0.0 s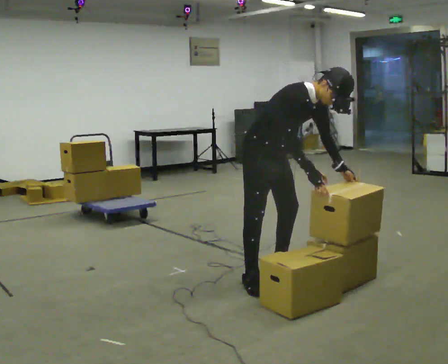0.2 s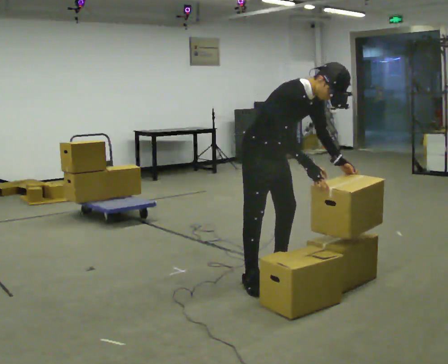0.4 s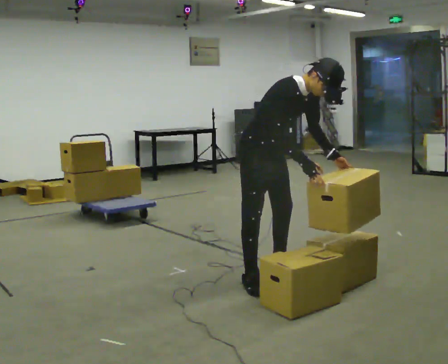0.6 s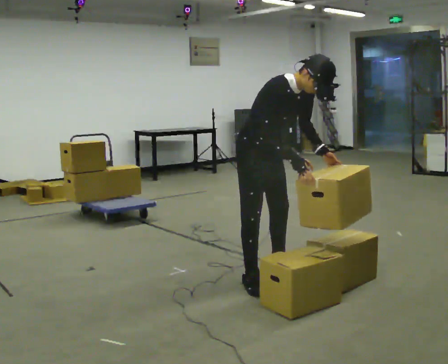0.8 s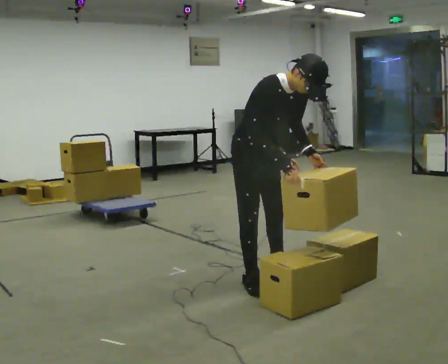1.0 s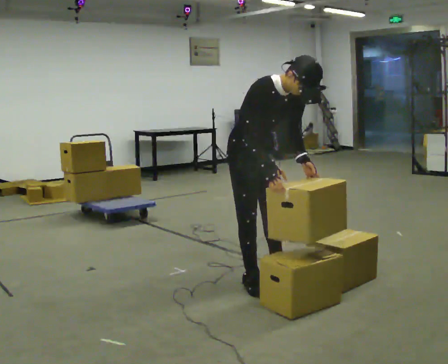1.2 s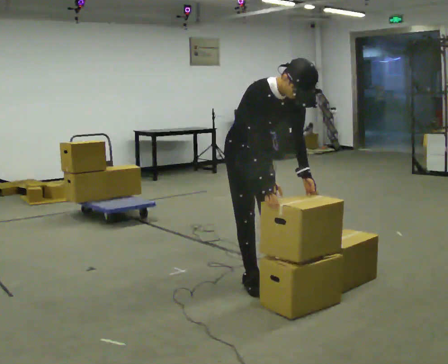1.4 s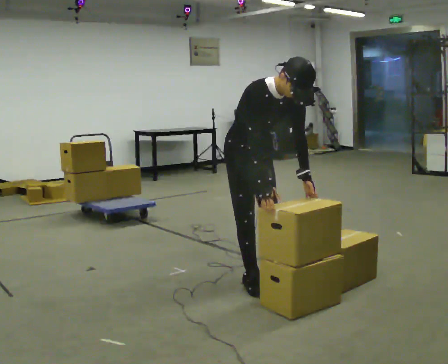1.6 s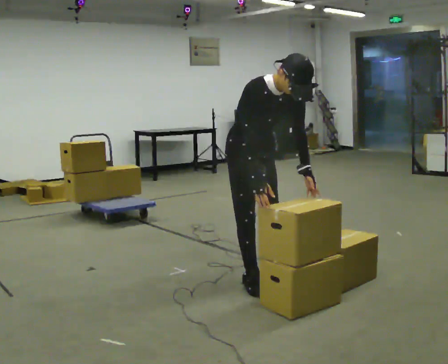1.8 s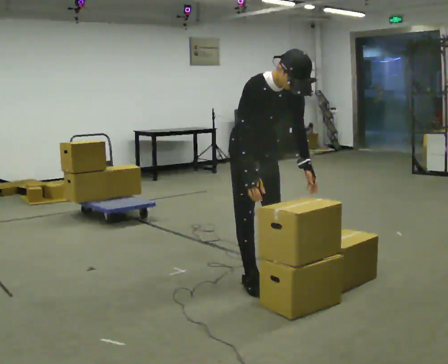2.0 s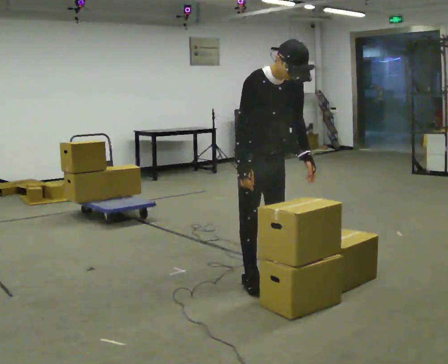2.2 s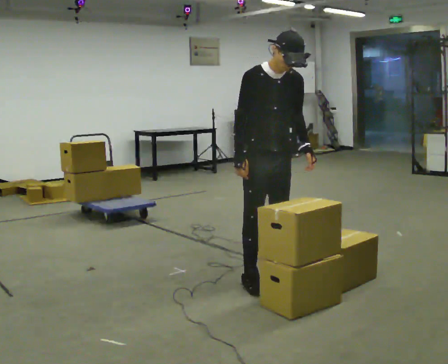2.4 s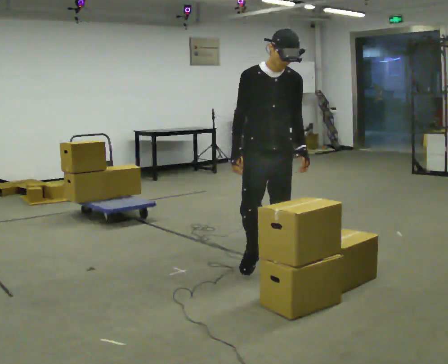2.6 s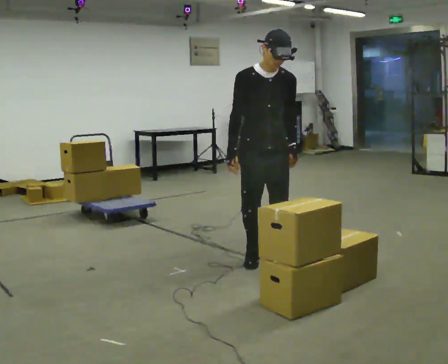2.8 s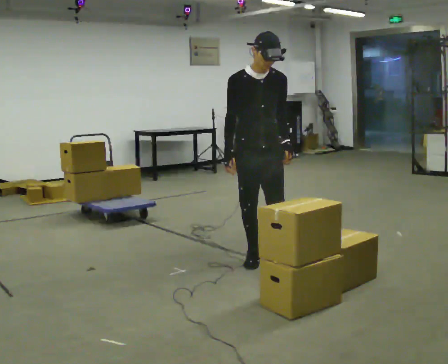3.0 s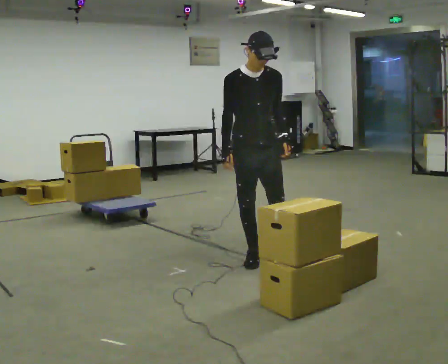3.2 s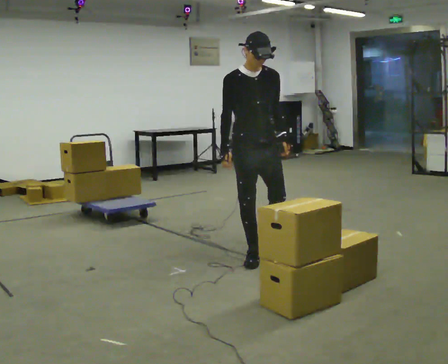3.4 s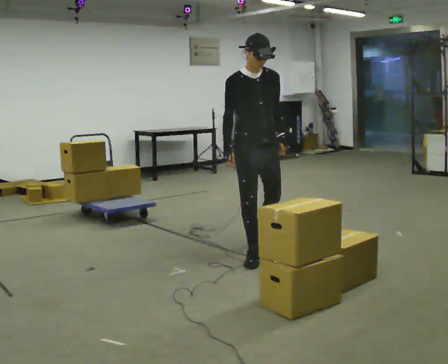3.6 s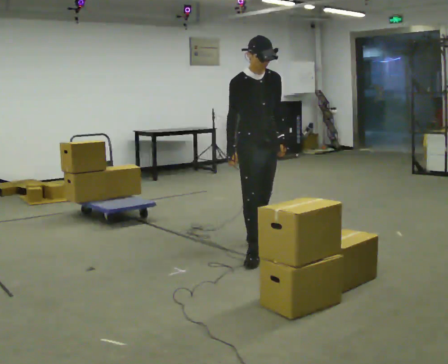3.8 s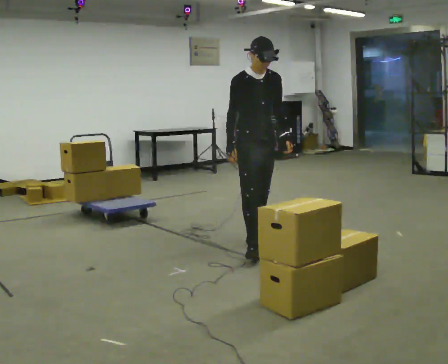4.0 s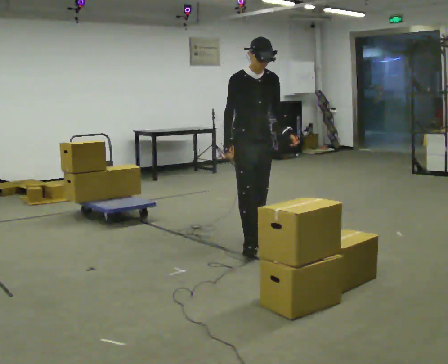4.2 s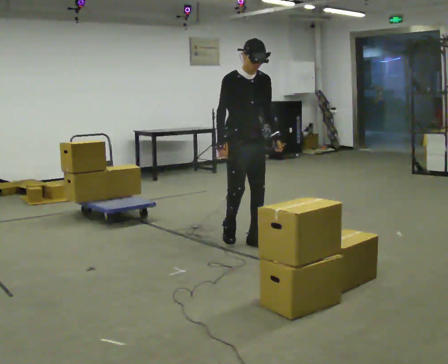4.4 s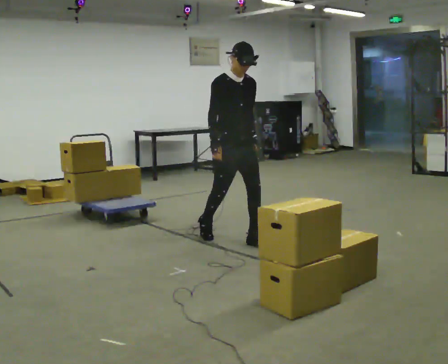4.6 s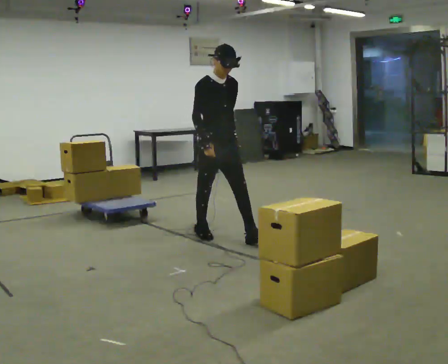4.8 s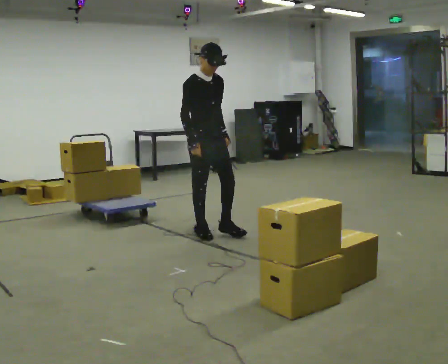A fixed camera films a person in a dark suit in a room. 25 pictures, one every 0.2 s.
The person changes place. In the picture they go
away from the camera.
The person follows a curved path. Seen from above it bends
counterclockwise.
0.0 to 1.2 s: The person moves a little, or ends about where they began.
1.2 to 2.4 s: The person turns about 30 degrees to their right, clockwise seen from above, so the part of the body nearest the lens slides to the left. In the picture the upper body tilts counterclockwise, shoulders to the left, as they lean back or straighten.
2.4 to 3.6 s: In the picture they go away from the camera, about 0.5 m in 1 step, which for them is backward.
3.6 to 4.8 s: In the picture they go to the left and away from the camera, about 0.75 m in 2 steps, which for them is backward.
The film runs backward here.
